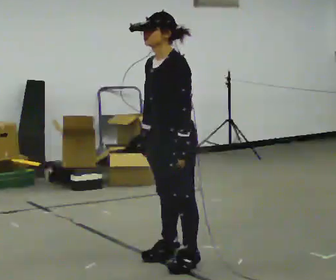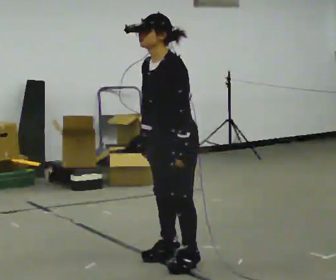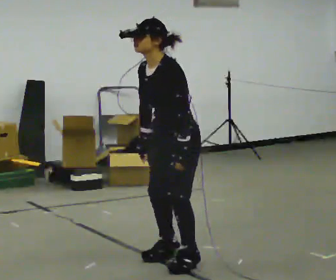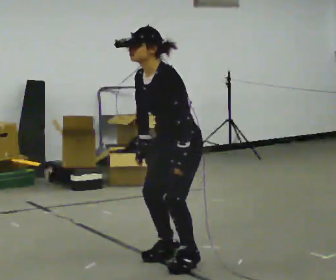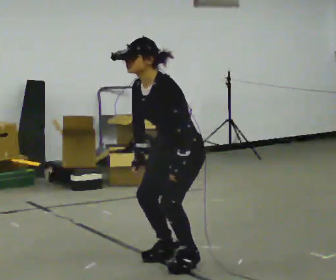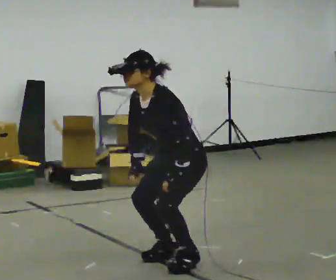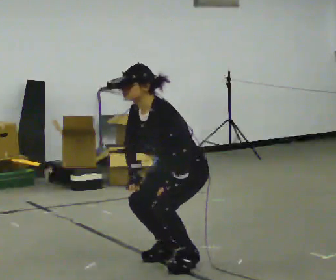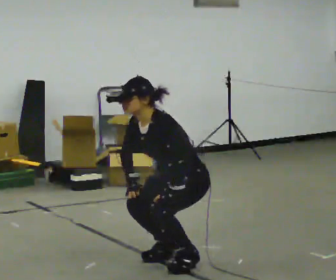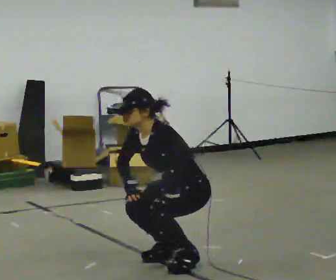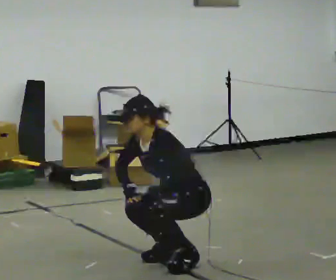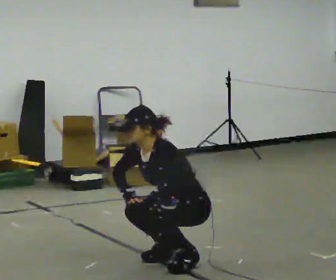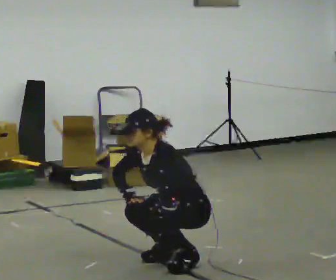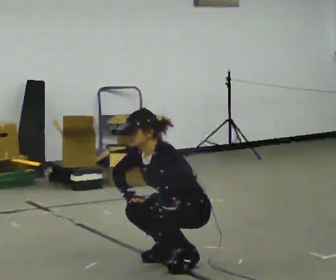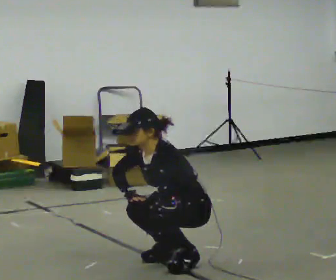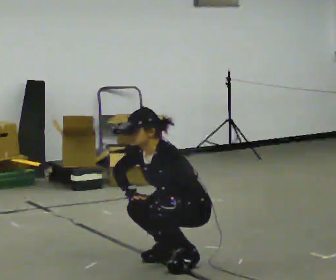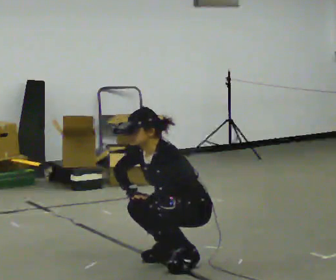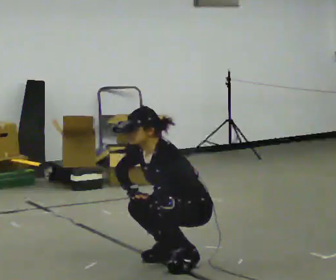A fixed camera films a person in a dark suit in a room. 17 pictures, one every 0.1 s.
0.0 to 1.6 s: The shoulders move downward. In the picture the upper body tilts counterclockwise, shoulders to the left, as they bend forward. In the picture their left hand goes downward.
The film runs forward here.
